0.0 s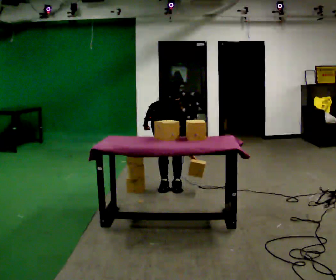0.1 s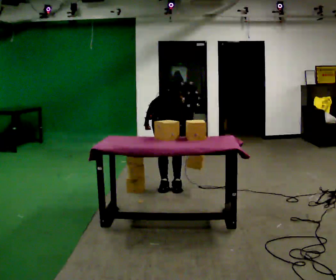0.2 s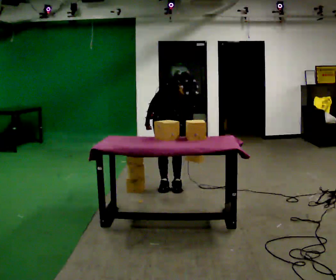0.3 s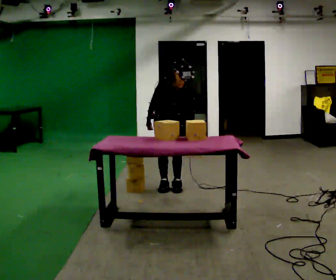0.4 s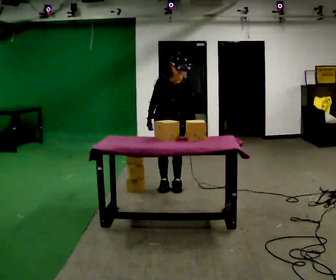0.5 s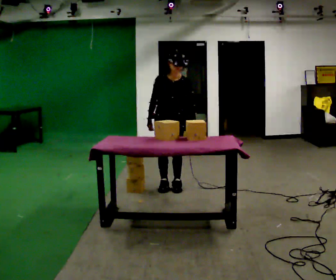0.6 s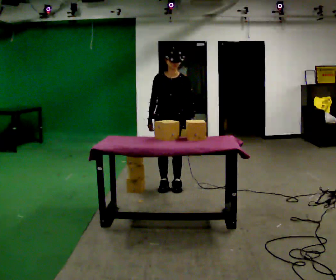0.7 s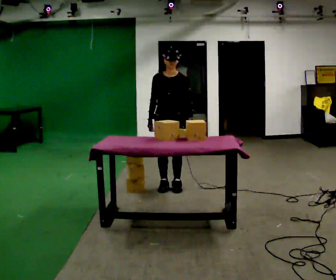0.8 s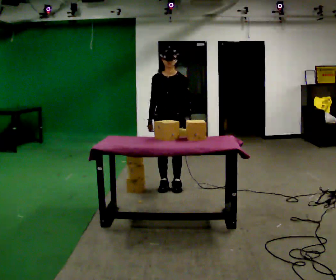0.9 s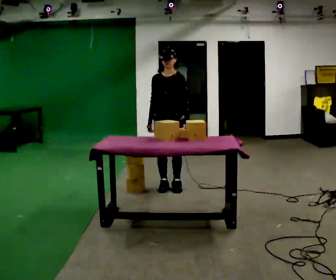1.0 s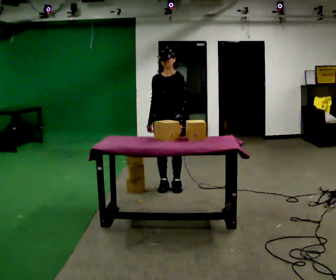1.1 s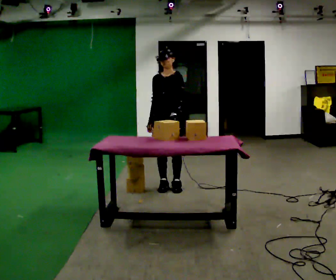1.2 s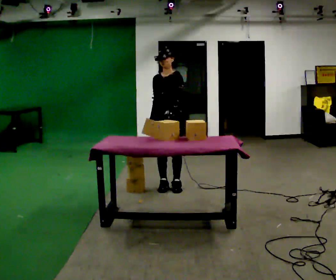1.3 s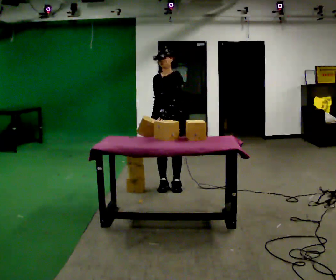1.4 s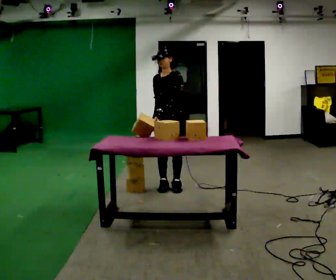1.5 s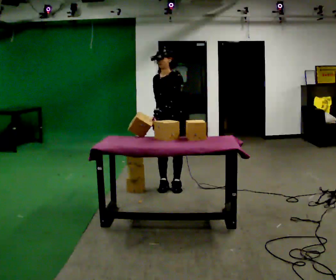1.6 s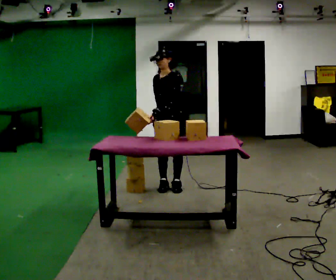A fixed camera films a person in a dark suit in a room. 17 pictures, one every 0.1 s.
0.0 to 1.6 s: The person turns about 60 degrees to their right, clockwise seen from above, so the part of the body nearest the lens slides to the left. In the picture they go toward the camera, about 0.25 m, which for them is forward. The upper body goes upward. The upper body tips away from the camera, its near side rolling upward, as they lean back or straighten. In the picture their left hand goes upward and to the left.
The film runs forward here.
